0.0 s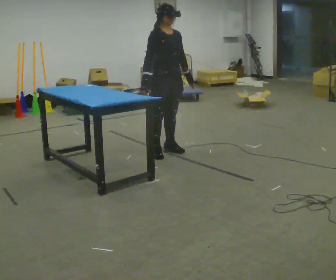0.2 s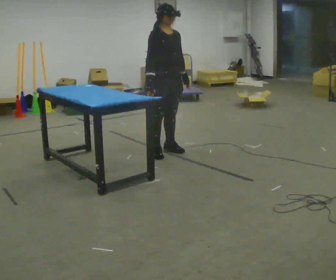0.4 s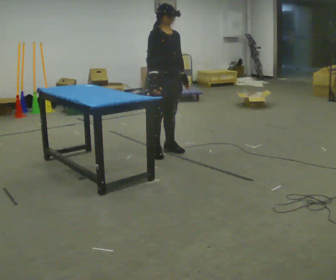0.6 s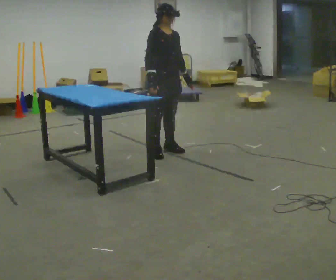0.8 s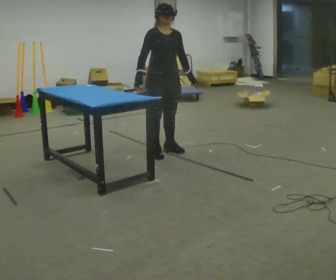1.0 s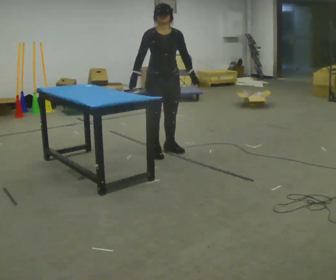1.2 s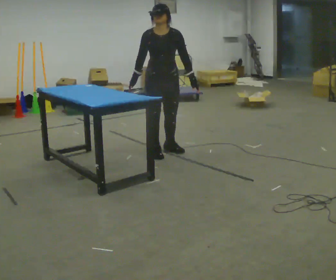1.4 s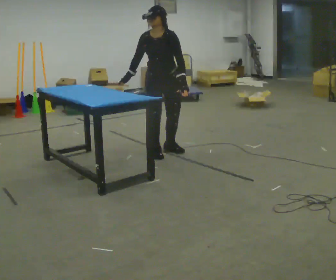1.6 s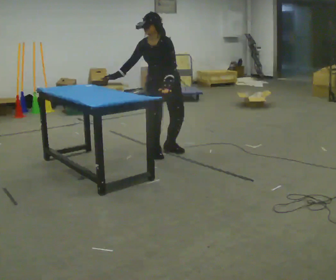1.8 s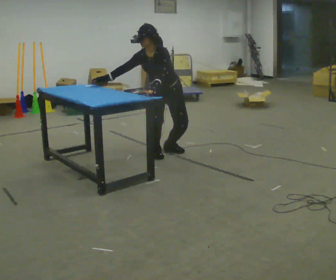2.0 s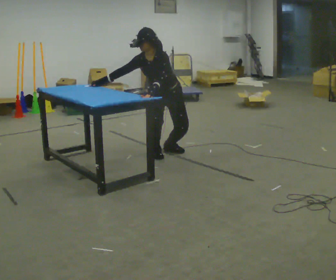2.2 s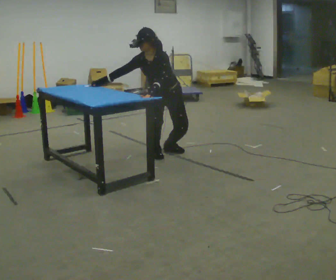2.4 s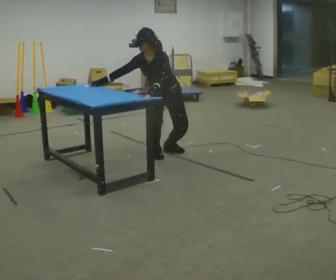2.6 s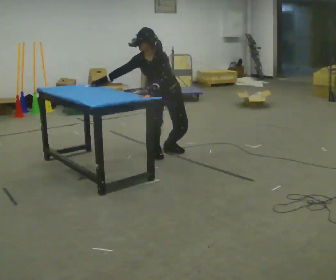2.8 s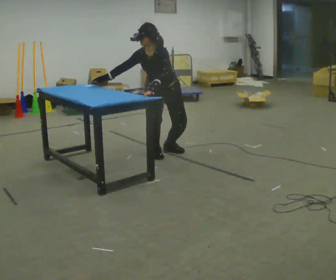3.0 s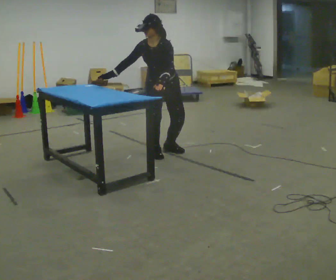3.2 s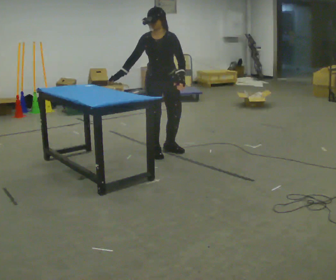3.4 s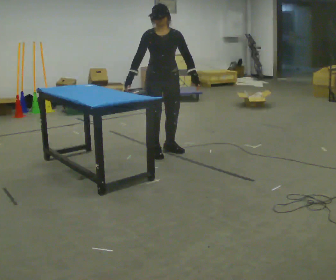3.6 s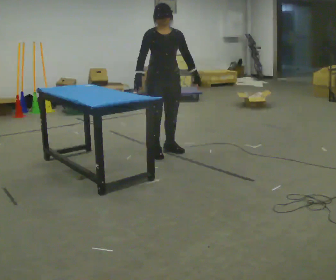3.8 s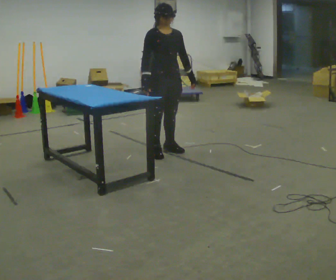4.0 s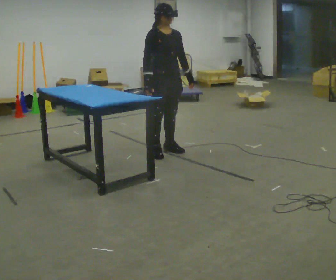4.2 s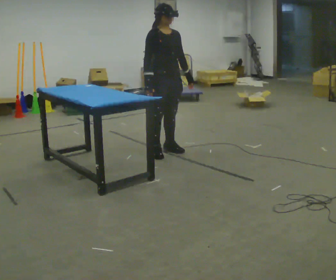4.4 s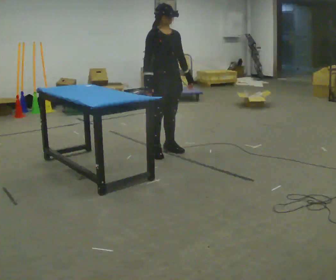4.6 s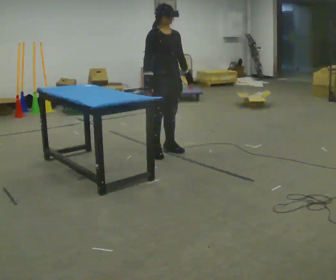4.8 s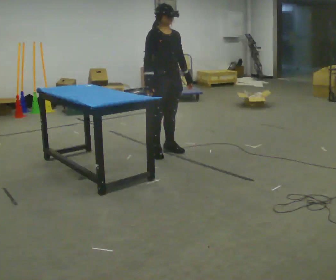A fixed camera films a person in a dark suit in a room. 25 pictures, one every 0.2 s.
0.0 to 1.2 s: The part of the body nearest the lens slides to the left as the person turns to their right by about 30 degrees.
1.2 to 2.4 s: The person turns about 30 degrees to their right, clockwise seen from above, so the part of the body nearest the lens slides to the left. The upper body goes downward. In the picture the upper body tilts counterclockwise, shoulders to the left, as they bend forward. In the picture their left hand goes to the left.
2.4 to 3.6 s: The part of the body nearest the lens slides to the right as the person turns to their left by about 30 degrees. The upper body goes upward. In the picture the upper body tilts clockwise, shoulders to the right, as they lean back or straighten. In the picture their left hand goes to the right.
3.6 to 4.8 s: The person turns about 30 degrees to their left, counterclockwise seen from above, so the part of the body nearest the lens slides to the right.
The film runs backward here.
